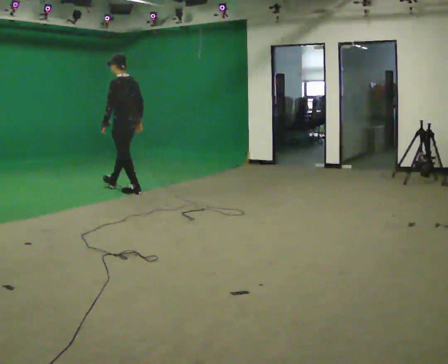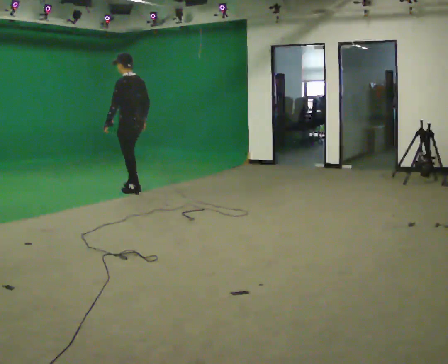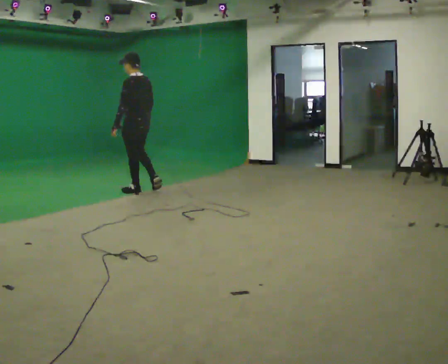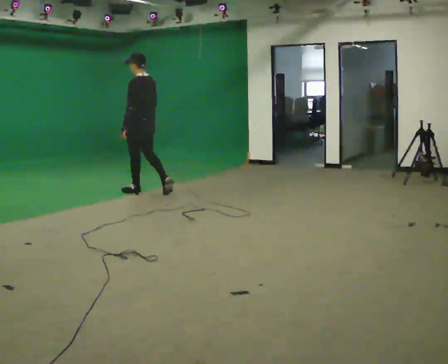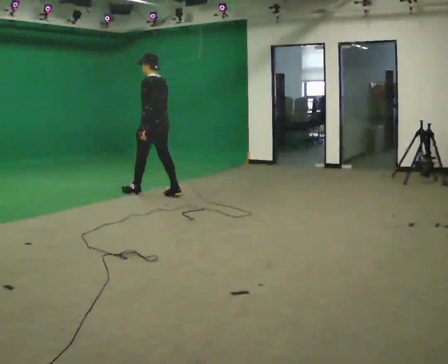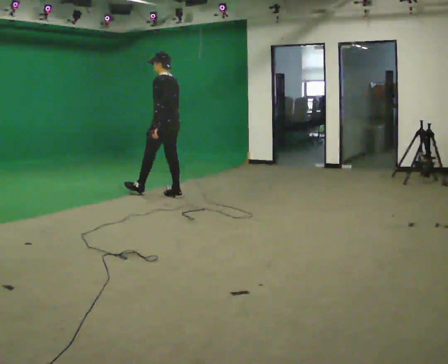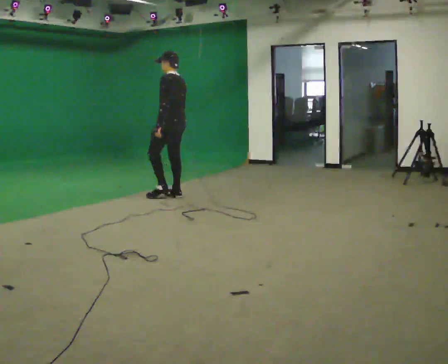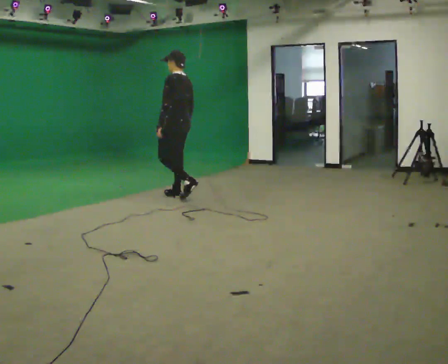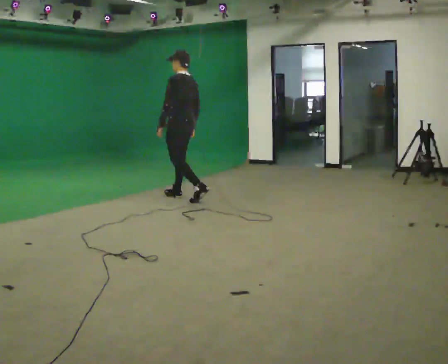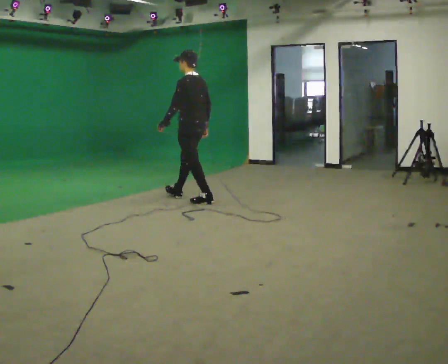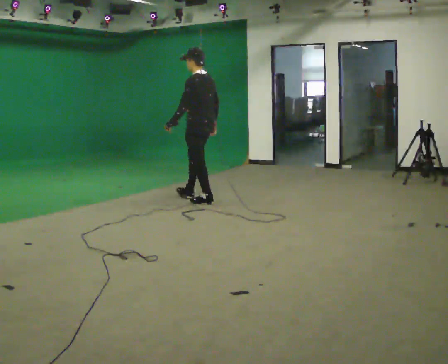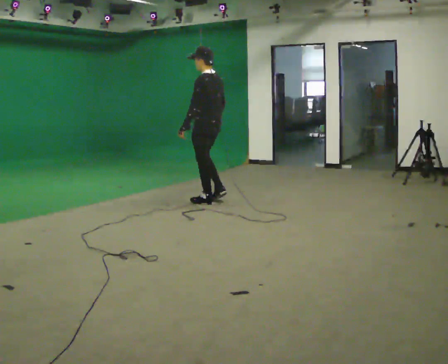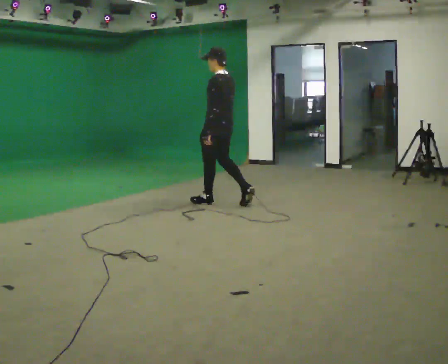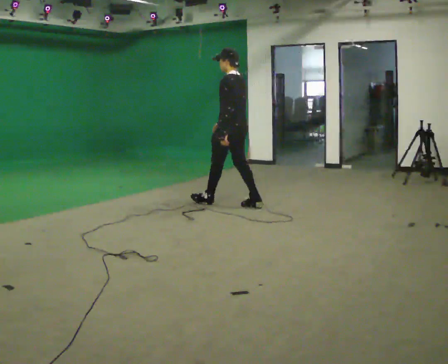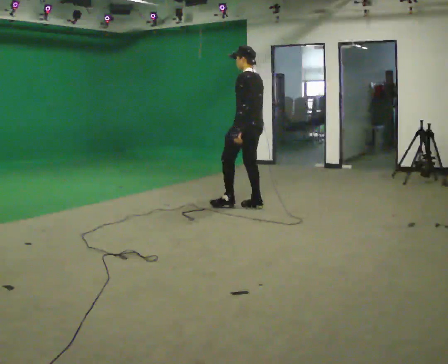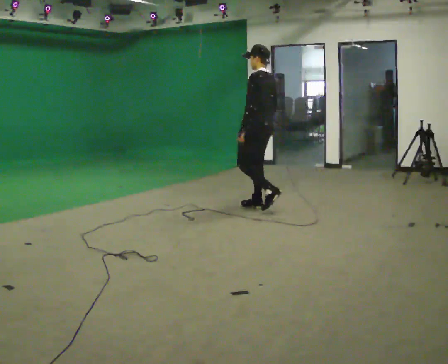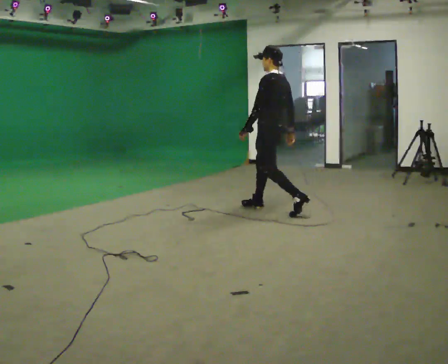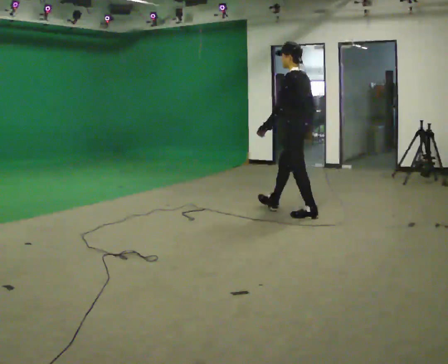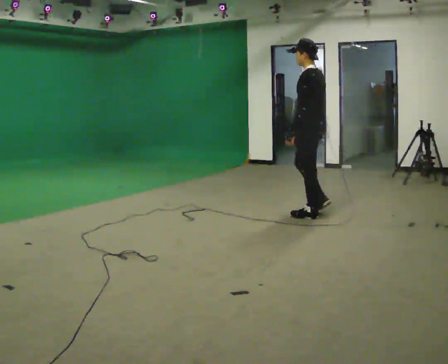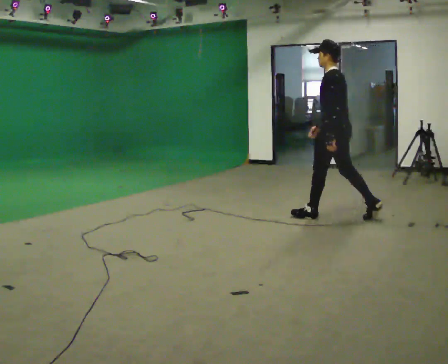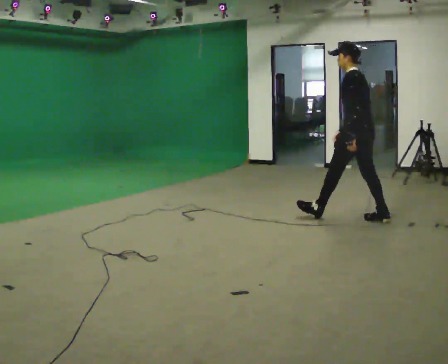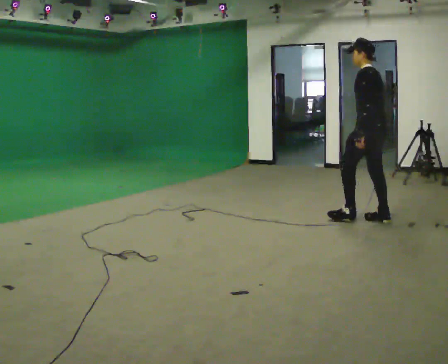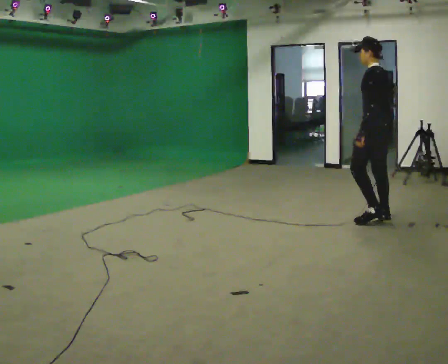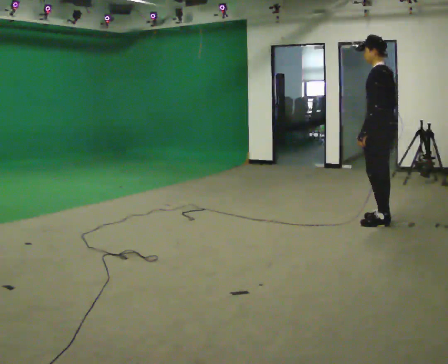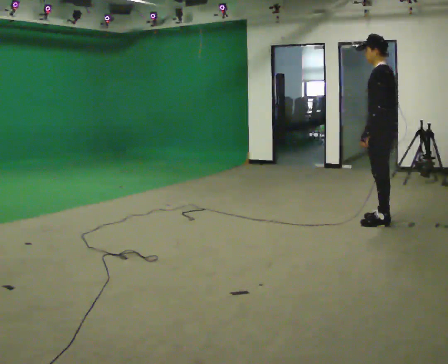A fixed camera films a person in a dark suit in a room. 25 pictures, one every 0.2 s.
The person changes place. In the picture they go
to the right.
0.0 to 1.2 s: In the picture they go to the right and toward the camera, about 0.75 m in 1 step, which for them is backward.
1.2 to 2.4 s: In the picture they go to the right and toward the camera, about 0.75 m in 1 step, which for them is backward.
2.4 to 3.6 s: In the picture they go to the right and toward the camera, about 1 m in 2 steps, which for them is backward.
3.6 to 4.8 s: In the picture they go to the right and toward the camera, about 0.5 m in 1 step, which for them is backward.
The film runs backward here.
